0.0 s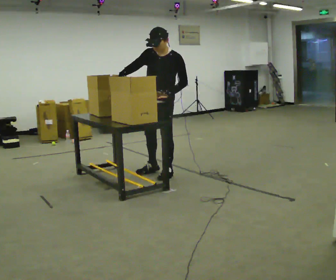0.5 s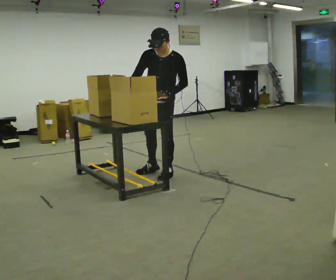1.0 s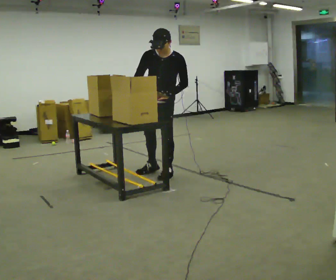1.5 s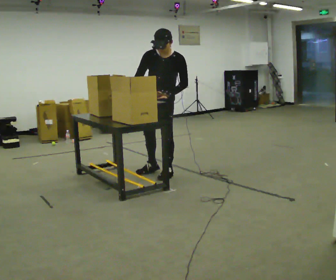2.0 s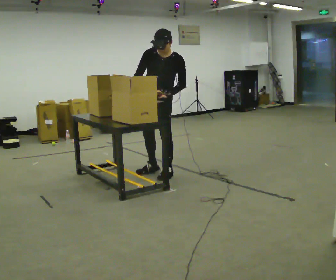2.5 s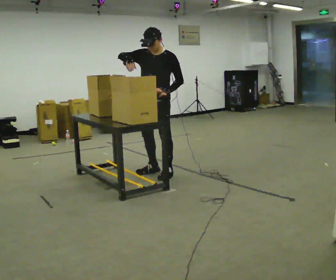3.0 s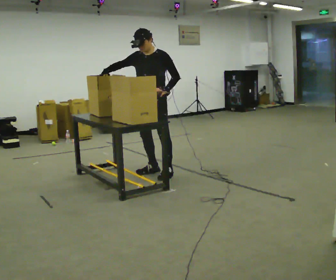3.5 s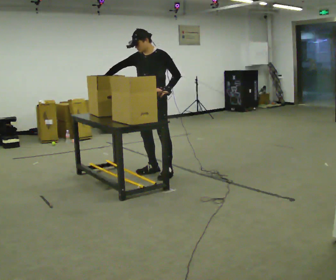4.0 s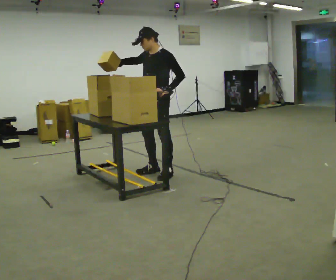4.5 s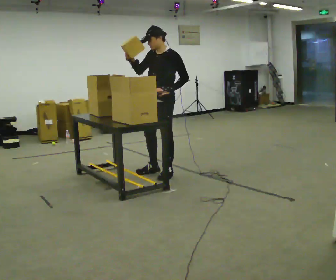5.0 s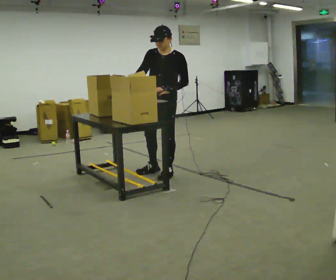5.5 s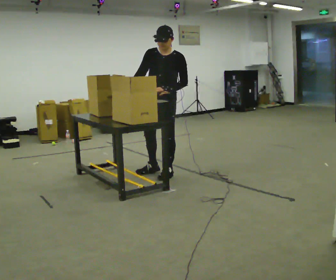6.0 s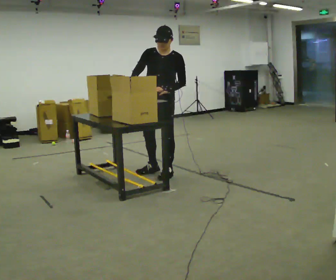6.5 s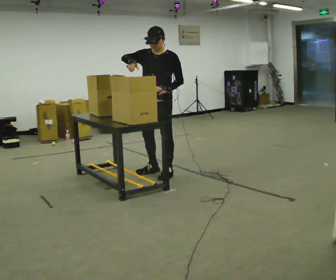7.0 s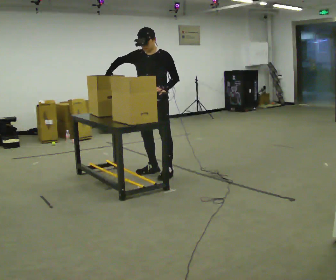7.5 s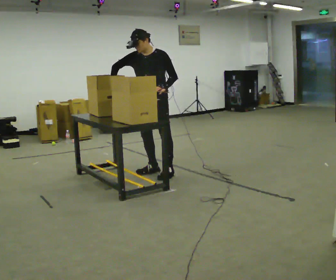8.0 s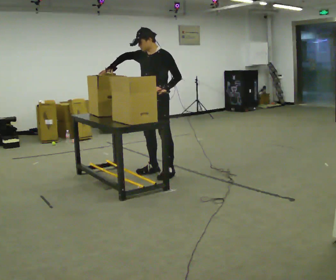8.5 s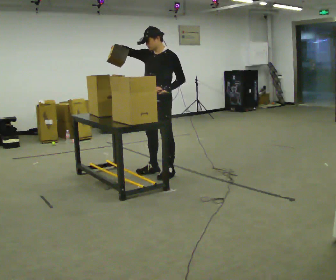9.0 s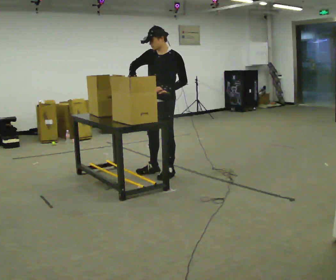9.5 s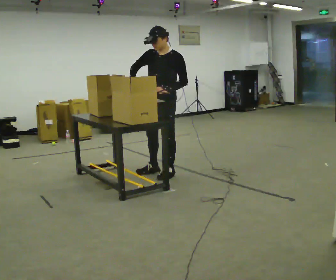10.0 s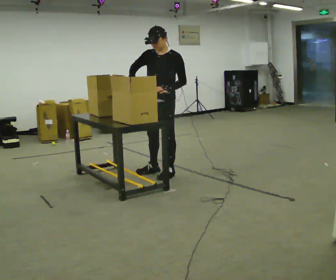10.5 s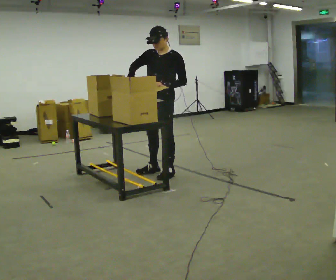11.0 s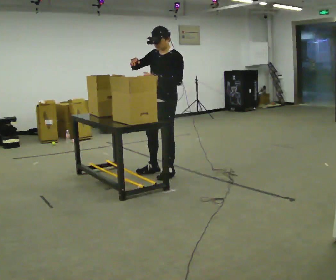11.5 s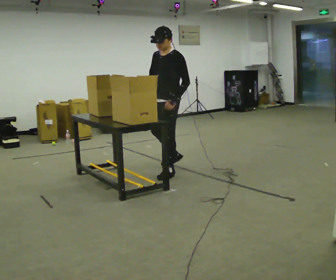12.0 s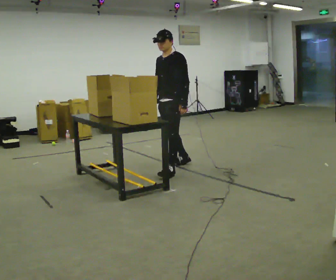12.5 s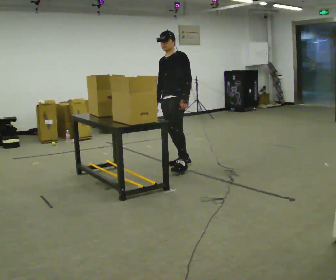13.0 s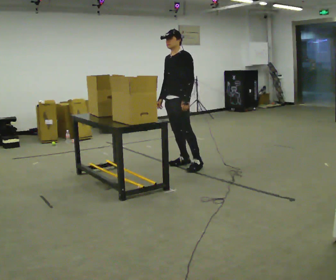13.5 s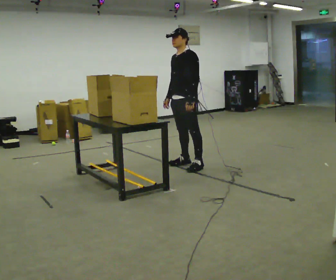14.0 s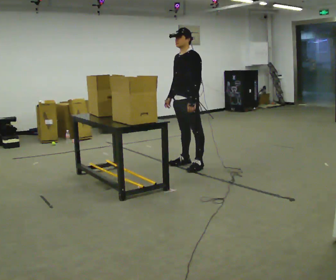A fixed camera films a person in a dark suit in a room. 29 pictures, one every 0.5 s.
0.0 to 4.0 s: The person moves a little, or ends about where they began.
4.0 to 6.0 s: The part of the body nearest the lens slides to the right as the person turns to their left by about 30 degrees.
6.0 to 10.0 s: The person moves a little, or ends about where they began.
10.0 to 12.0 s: In the picture they go away from the camera, about 0.25 m in 1 step, which for them is backward and to their right. In the picture their right hand goes downward.
12.0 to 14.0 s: In the picture they go to the right, about 0.25 m in 1 step, which for them is backward.
The film runs backward here.
